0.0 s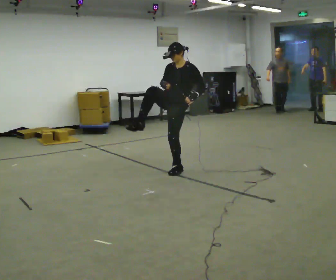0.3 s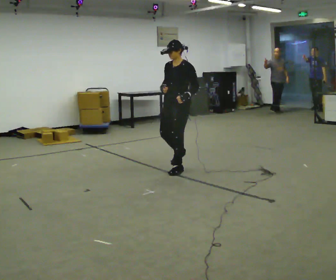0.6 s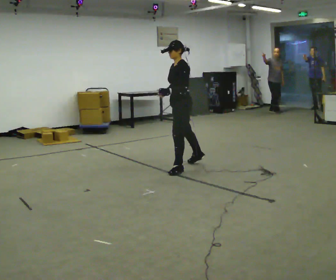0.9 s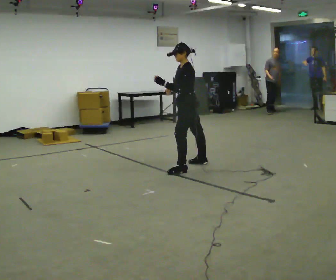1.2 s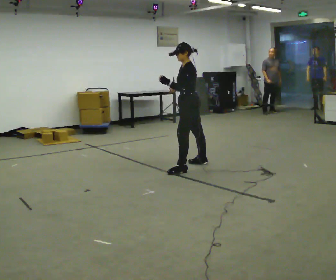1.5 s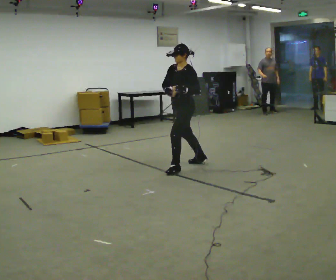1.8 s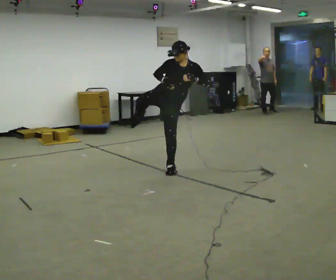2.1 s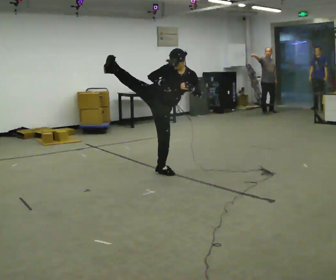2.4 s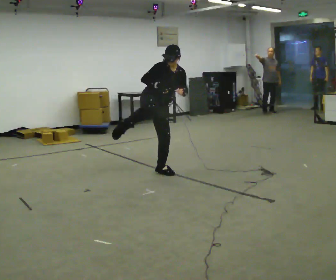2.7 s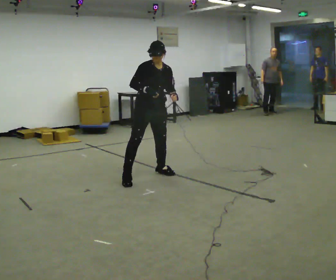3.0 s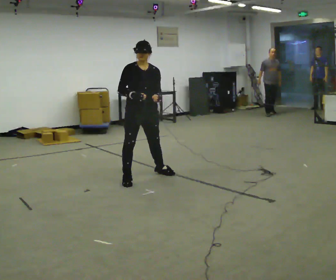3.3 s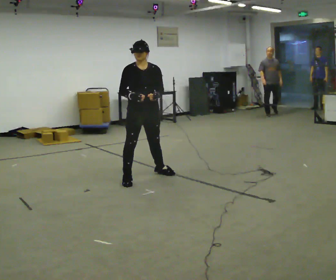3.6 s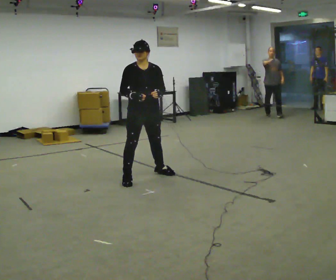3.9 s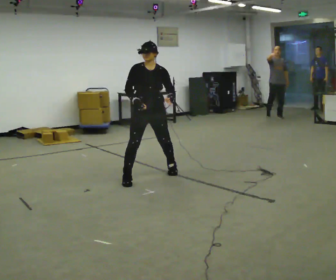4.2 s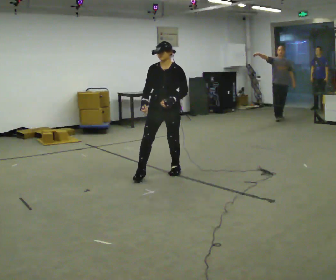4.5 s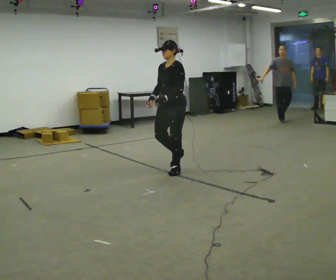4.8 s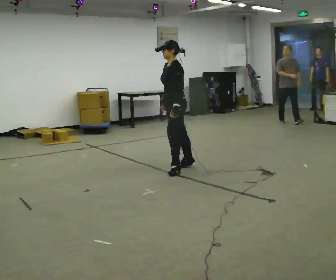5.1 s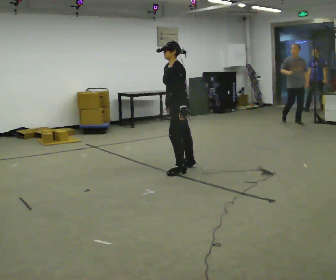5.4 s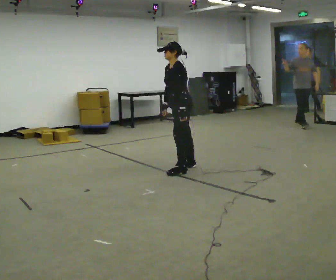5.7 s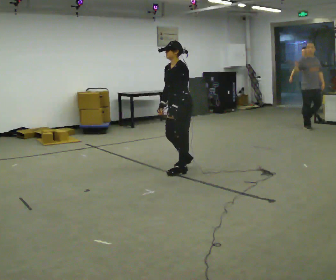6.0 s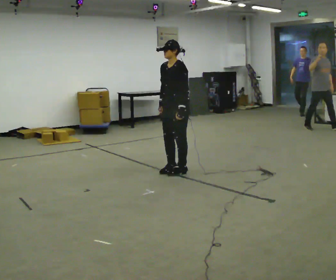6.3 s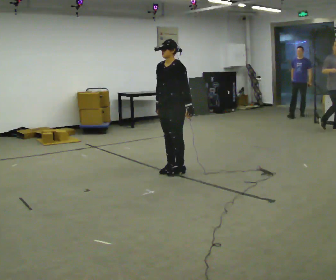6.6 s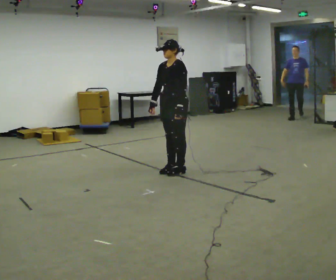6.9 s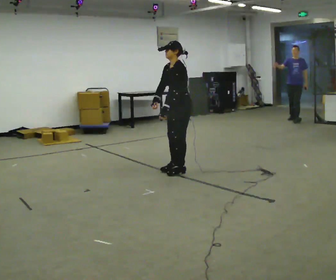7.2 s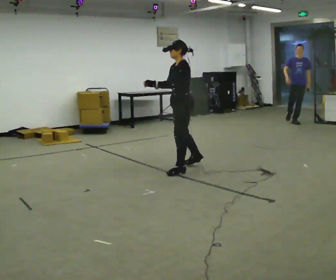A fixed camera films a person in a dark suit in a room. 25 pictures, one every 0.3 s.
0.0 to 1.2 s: The part of the body nearest the lens slides to the left as the person turns to their right by about 60 degrees. In the picture they go to the right and away from the camera, about 0.25 m, which for them is backward and to their right. In the picture the upper body tilts counterclockwise, shoulders to the left.
1.2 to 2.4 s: Seen from above the body turns counterclockwise, about 120 degrees: to their left, with its near side sliding to the right. In the picture they go to the left and toward the camera, about 0.5 m in 1 step.
2.4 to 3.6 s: In the picture they go toward the camera and to the left, about 0.25 m in 1 step, which for them is to their right and forward. In the picture the upper body tilts counterclockwise, shoulders to the left.
3.6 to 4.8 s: Seen from above the body turns clockwise, about 105 degrees: to their right, with its near side sliding to the left. In the picture they go to the right and away from the camera, about 0.5 m in 2 steps.
4.8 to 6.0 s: The person turns about 30 degrees to their left, counterclockwise seen from above, so the part of the body nearest the lens slides to the right.
6.0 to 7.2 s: The person turns about 30 degrees to their right, clockwise seen from above, so the part of the body nearest the lens slides to the left. In the picture their left hand goes to the left, the arm swinging clockwise.
The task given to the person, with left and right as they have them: Kick into the air with each leg in turn, front kicks and side kicks, at a comfortable height. Repeat the movement at your own pace until the operator says stop; do not rush.
The film runs forward here.
